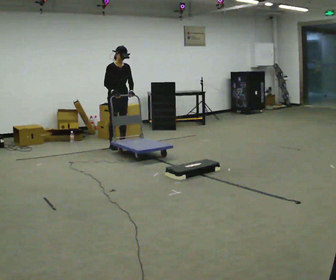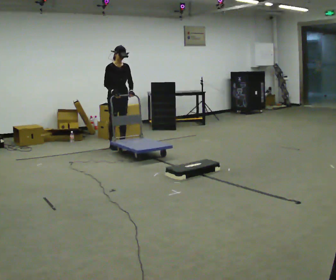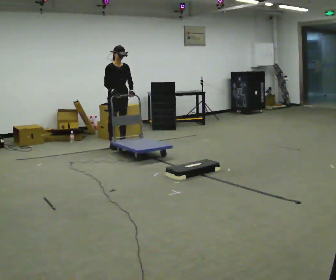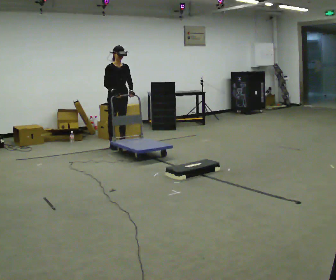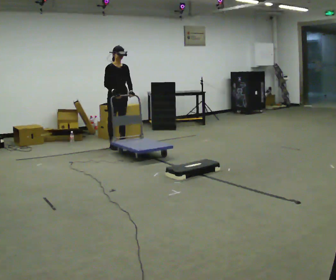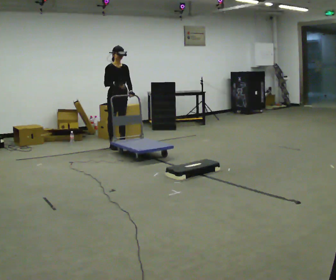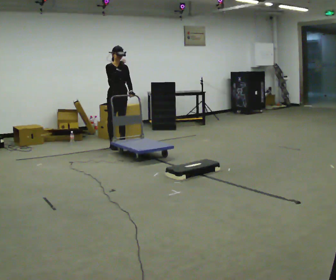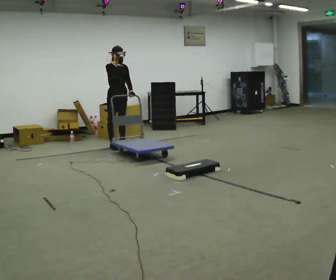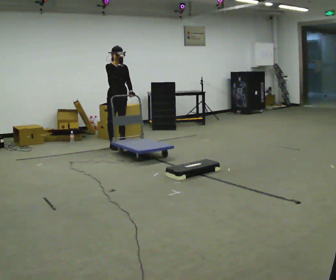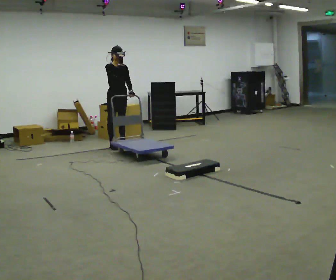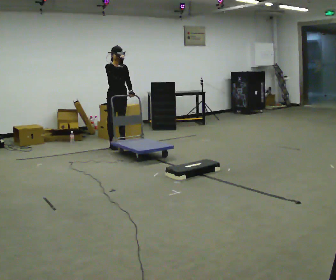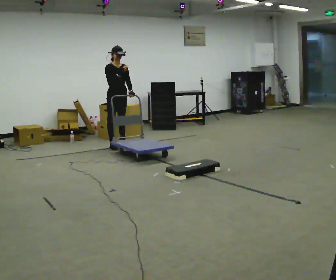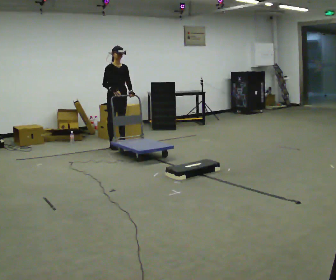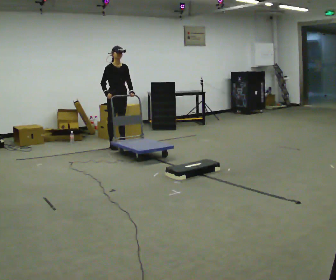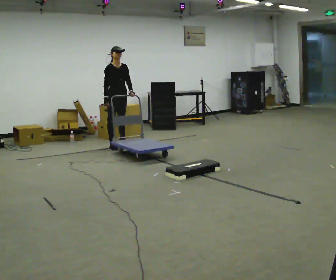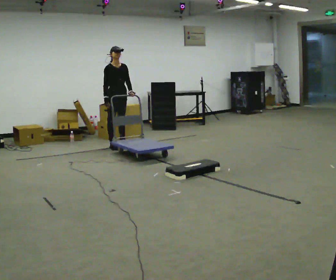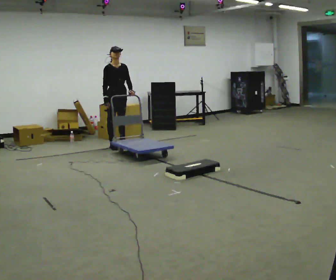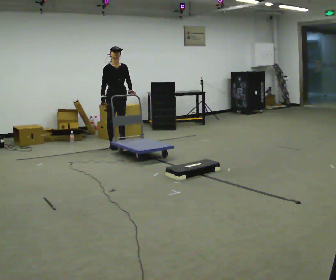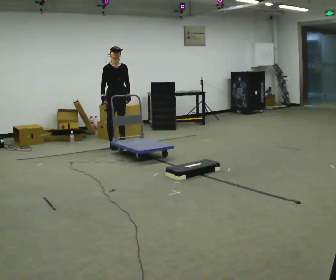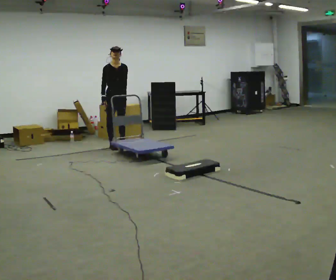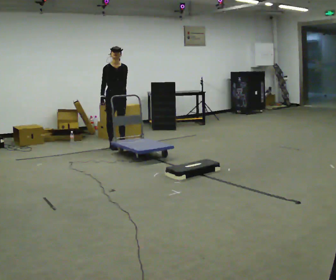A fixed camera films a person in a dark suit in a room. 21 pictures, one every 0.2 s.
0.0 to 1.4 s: In the picture their right hand goes upward.
1.4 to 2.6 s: In the picture their right hand goes downward.
2.6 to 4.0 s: The person moves a little, or ends about where they began.
The film runs forward here.
